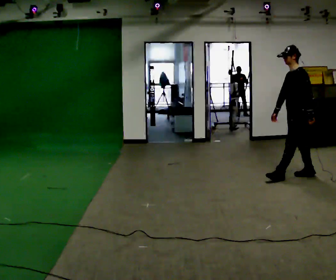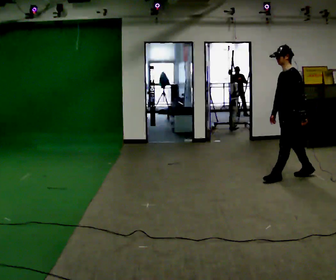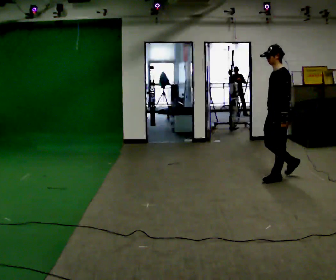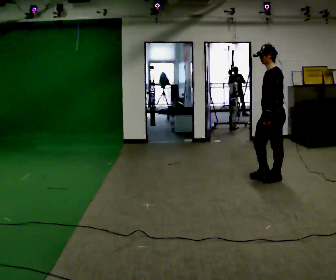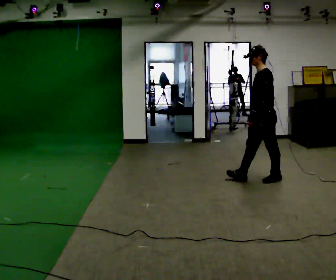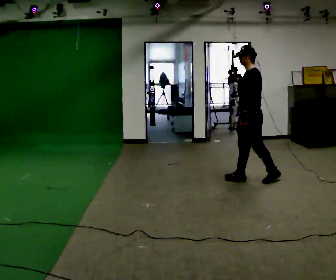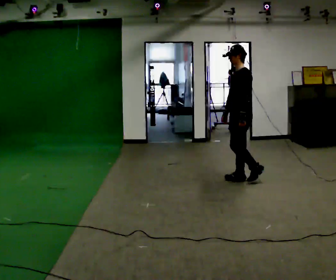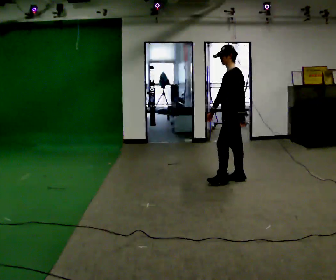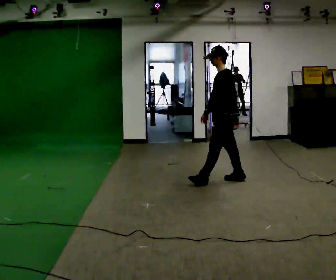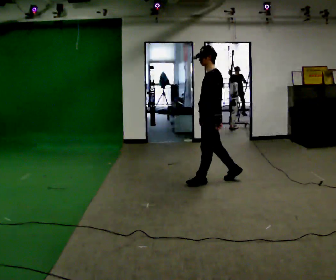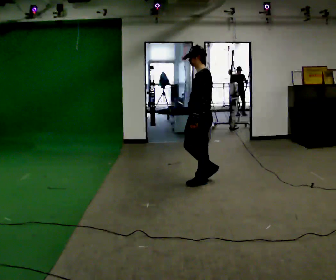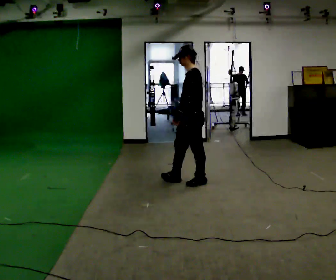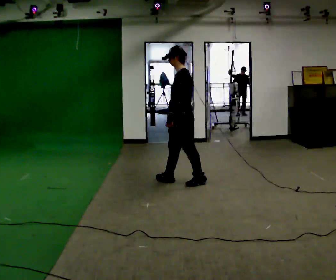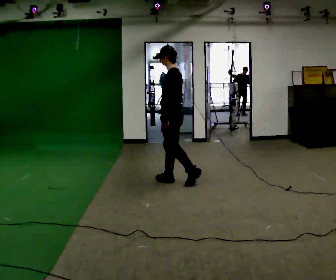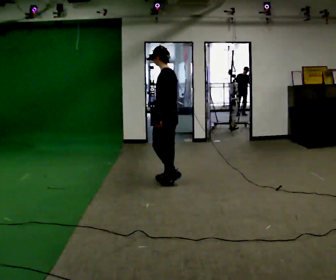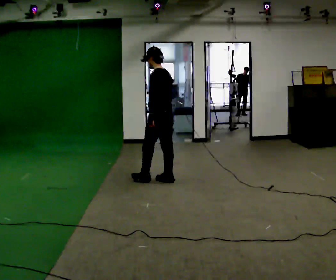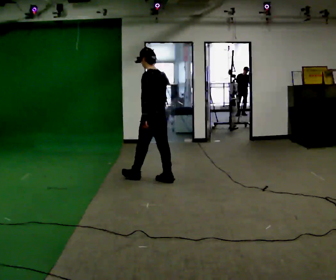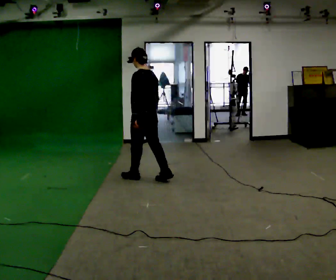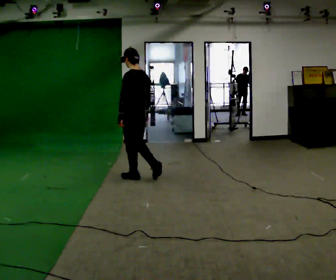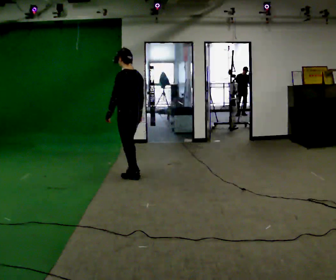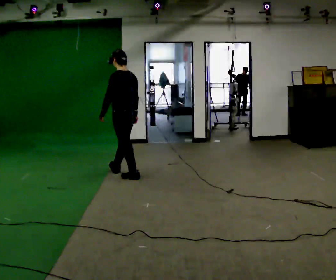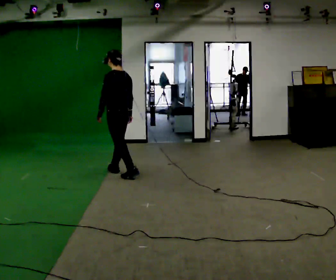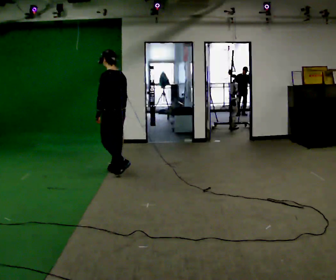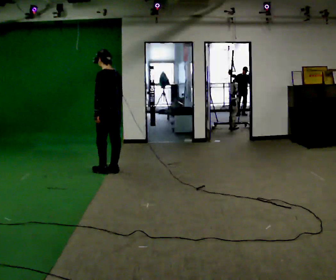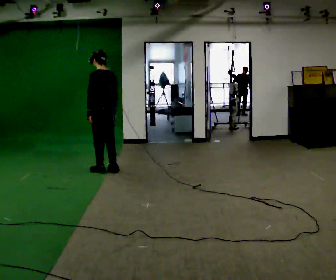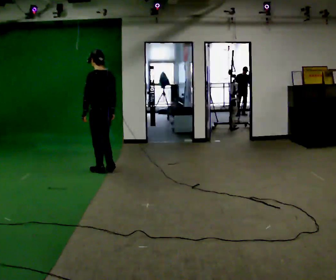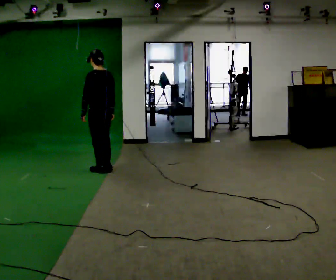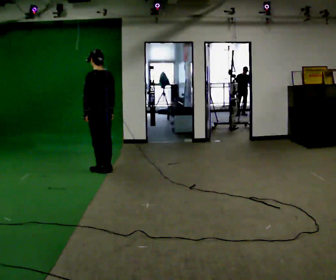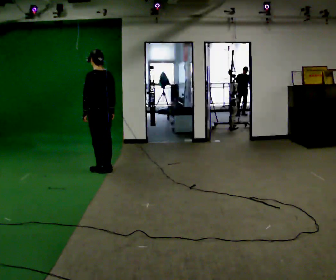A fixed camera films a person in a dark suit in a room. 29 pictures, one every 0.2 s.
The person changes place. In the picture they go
to the left.
0.0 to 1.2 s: In the picture they go to the left, about 0.5 m in 2 steps, which for them is forward.
1.2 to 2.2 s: In the picture they go to the left, about 0.5 m in 1 step, which for them is forward.
2.2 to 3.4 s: Seen from above the body turns clockwise, about 45 degrees: to their right, with its near side sliding to the left. In the picture they go to the left, about 0.5 m in 2 steps, which for them is forward.
3.4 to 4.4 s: In the picture they go to the left and away from the camera, about 0.5 m in 1 step, which for them is forward.
4.4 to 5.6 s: In the picture they go to the left, about 0.25 m in 1 step, which for them is forward.
The film runs forward here.
